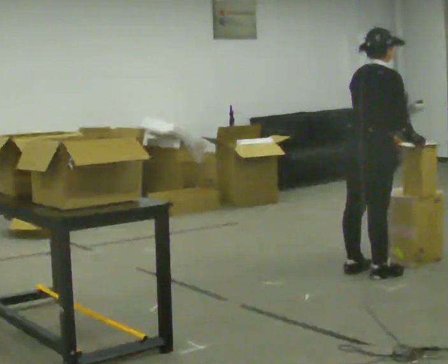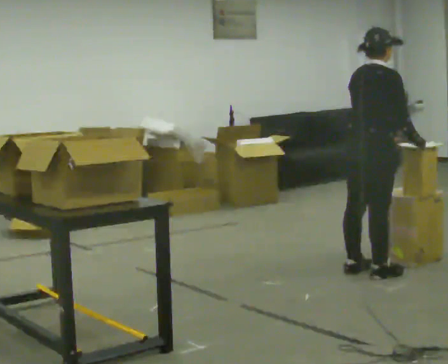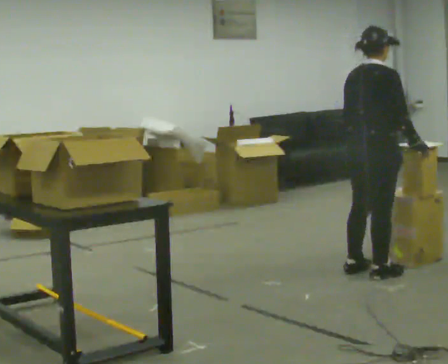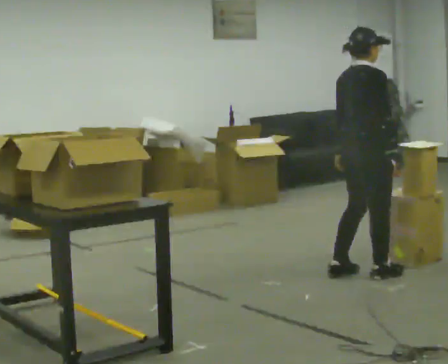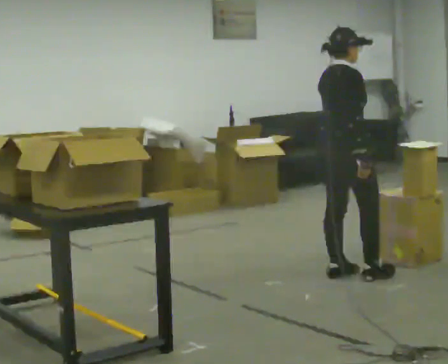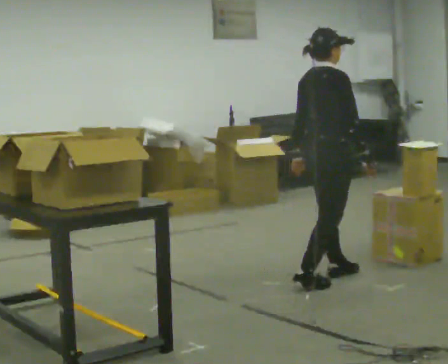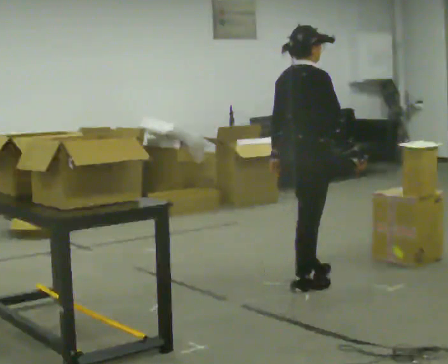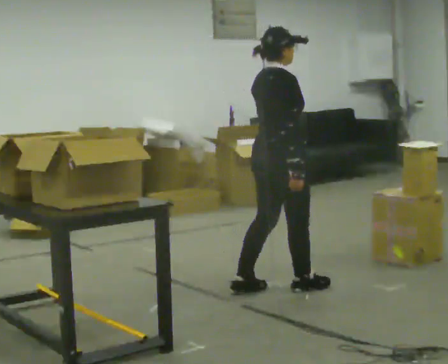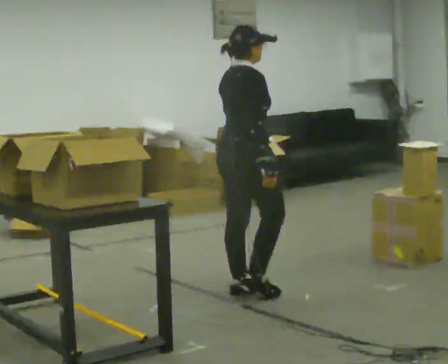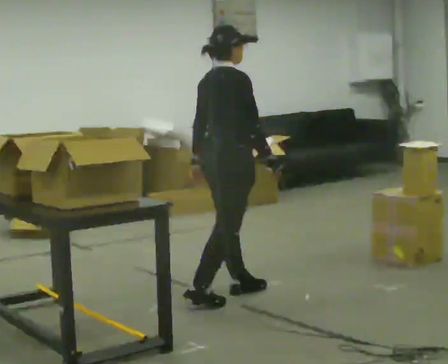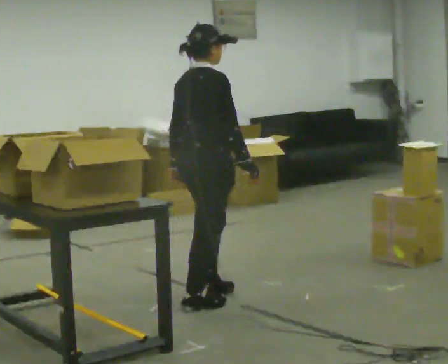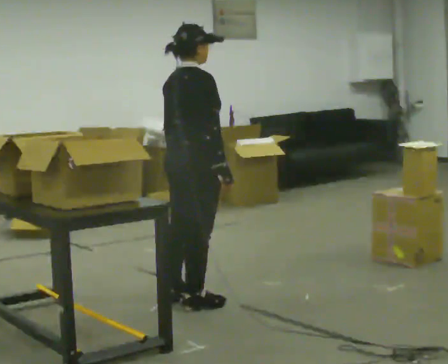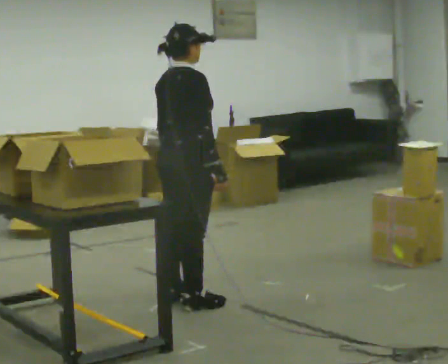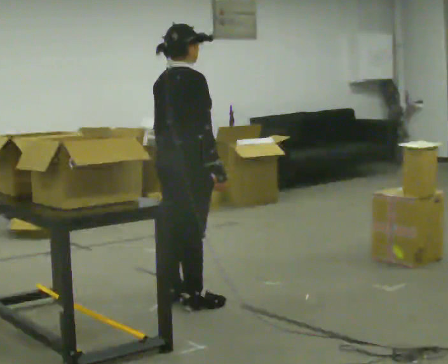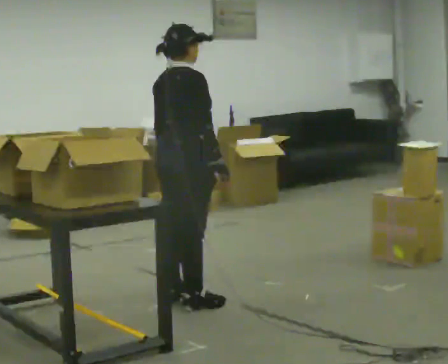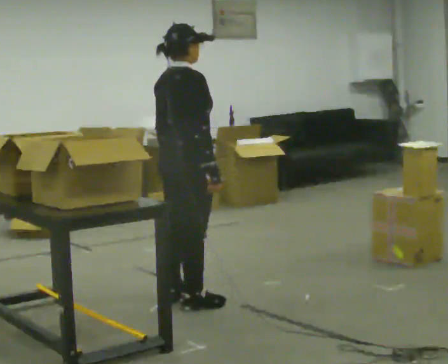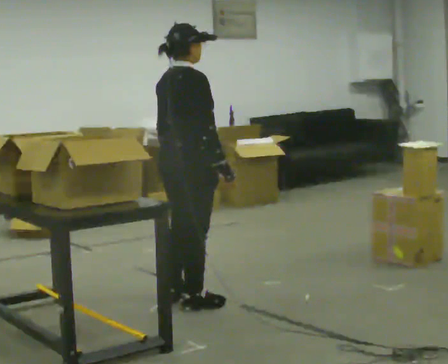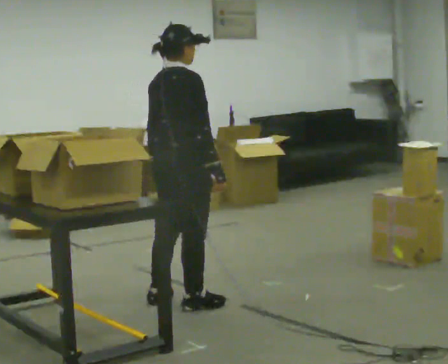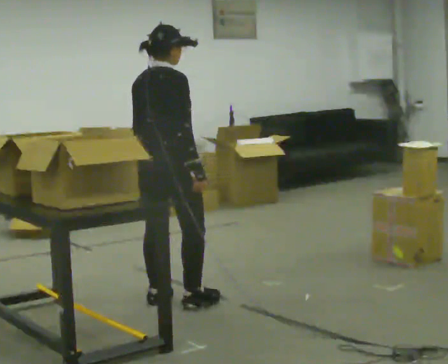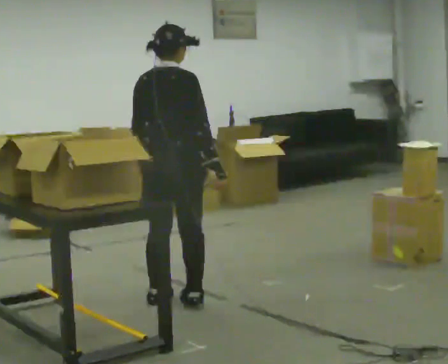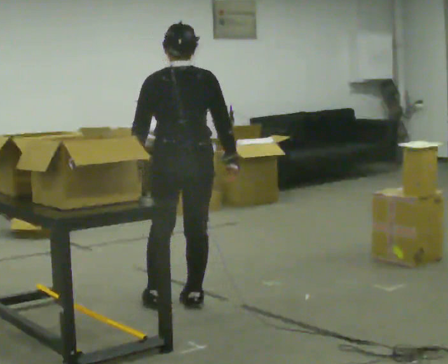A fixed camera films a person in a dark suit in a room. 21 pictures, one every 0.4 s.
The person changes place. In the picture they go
to the left.
0.0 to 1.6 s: In the picture they go to the left, about 0.25 m in 2 steps, which for them is backward. In the picture their right hand goes to the left.
1.6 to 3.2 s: In the picture they go to the left and toward the camera, about 0.5 m in 2 steps, which for them is backward.
3.2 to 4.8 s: In the picture they go to the left and toward the camera, about 0.5 m in 1 step, which for them is backward.
4.8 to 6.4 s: The person moves a little, or ends about where they began.
6.4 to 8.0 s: Seen from above the body turns counterclockwise, about 60 degrees: to their left, with its near side sliding to the right.
The film runs backward here.
